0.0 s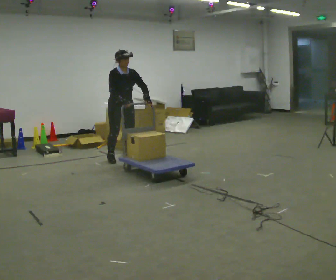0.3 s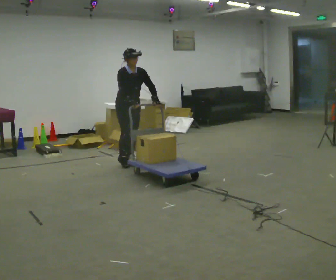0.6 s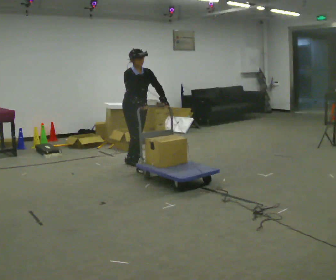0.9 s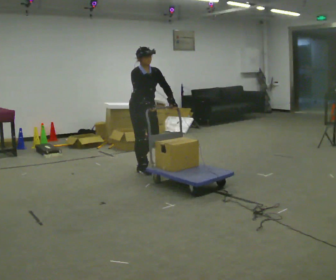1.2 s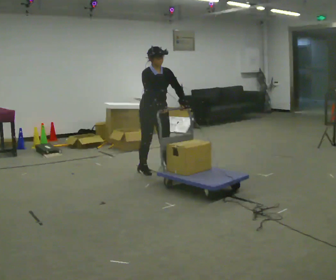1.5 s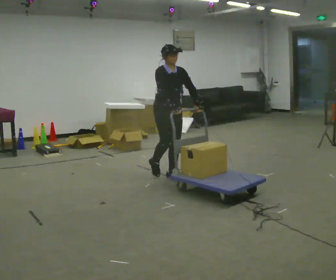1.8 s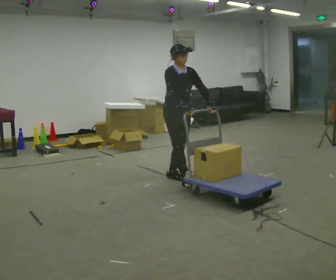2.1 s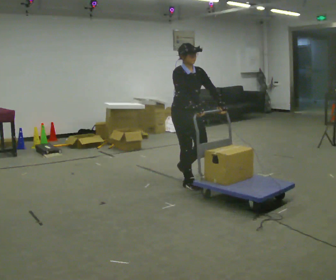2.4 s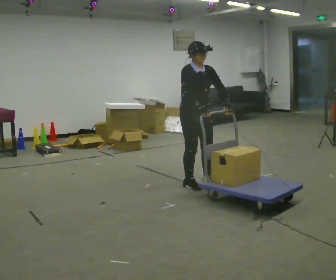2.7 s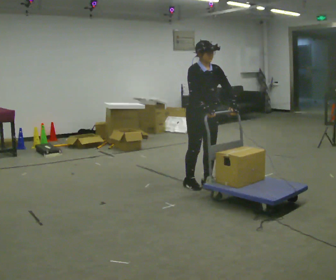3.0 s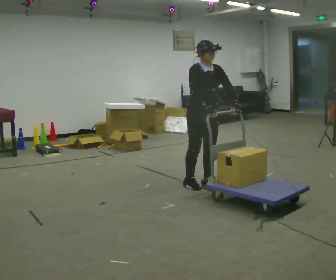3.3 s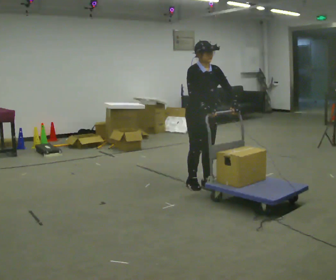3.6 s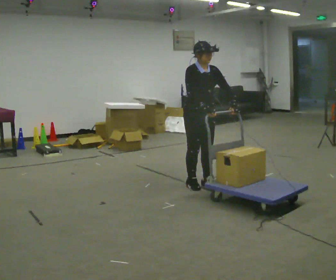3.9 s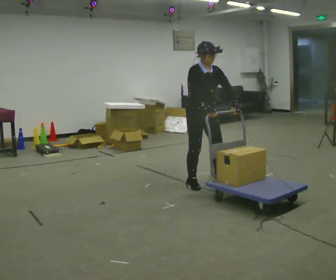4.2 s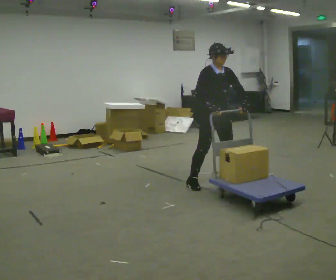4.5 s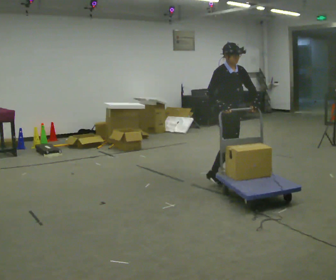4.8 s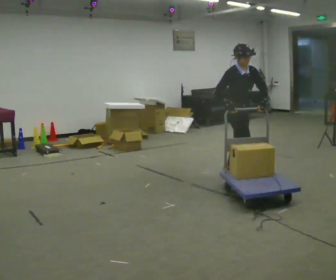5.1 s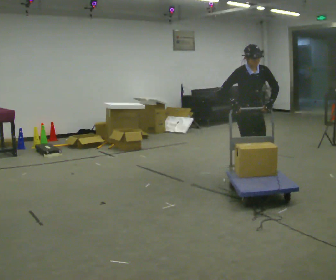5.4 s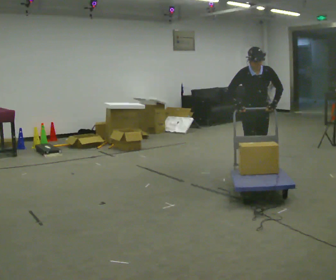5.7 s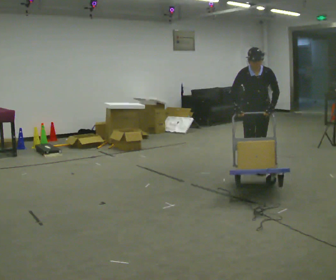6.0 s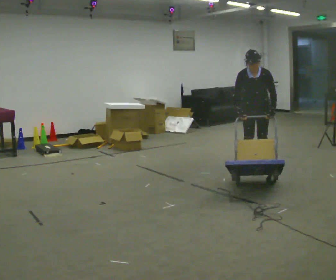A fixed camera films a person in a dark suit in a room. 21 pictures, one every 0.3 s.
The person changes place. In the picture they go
to the right.
The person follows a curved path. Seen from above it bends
counterclockwise.
0.0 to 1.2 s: In the picture they go to the right and toward the camera, about 1 m in 1 step, which for them is forward.
1.2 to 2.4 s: In the picture they go to the right and toward the camera, about 0.5 m in 3 steps, which for them is forward.
2.4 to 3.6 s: The person moves a little, or ends about where they began.
3.6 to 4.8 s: In the picture they go to the right and away from the camera, about 0.5 m in 2 steps, which for them is to their left.
4.8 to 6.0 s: The person turns about 60 degrees to their right, clockwise seen from above, so the part of the body nearest the lens slides to the left. In the picture they go away from the camera and to the right, about 0.5 m in 2 steps. The upper body tips toward the camera, its near side rolling downward, as they bend forward.
The film runs forward here.
